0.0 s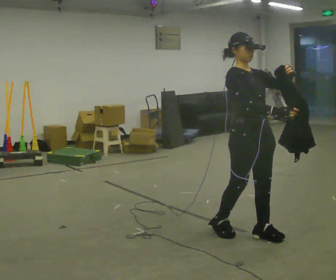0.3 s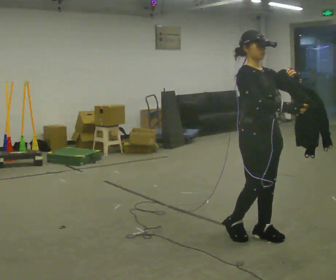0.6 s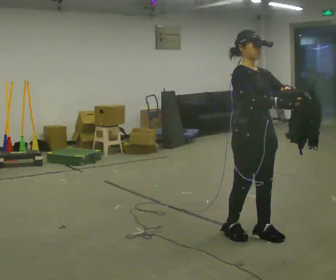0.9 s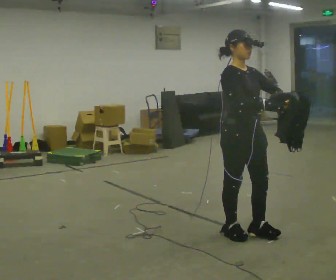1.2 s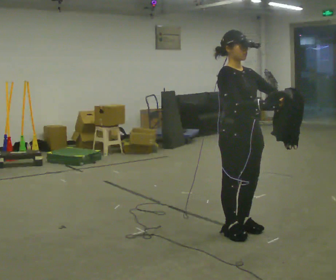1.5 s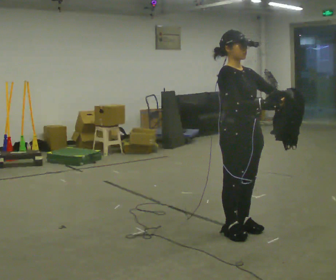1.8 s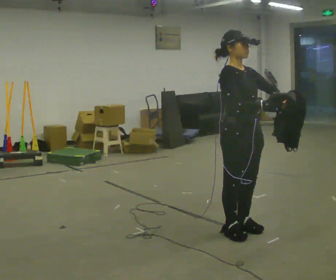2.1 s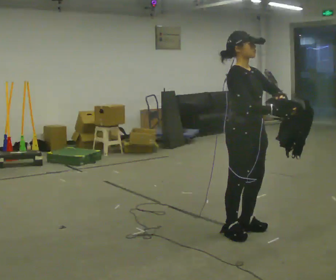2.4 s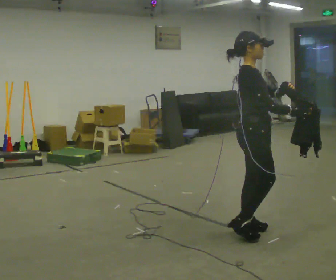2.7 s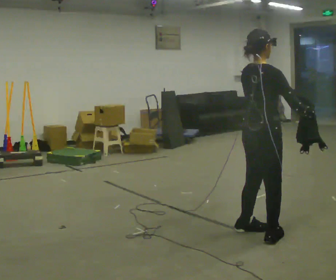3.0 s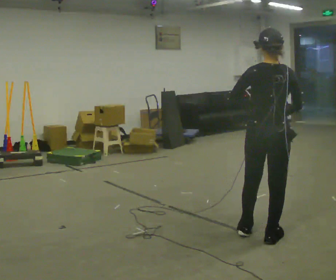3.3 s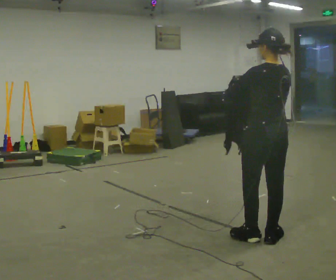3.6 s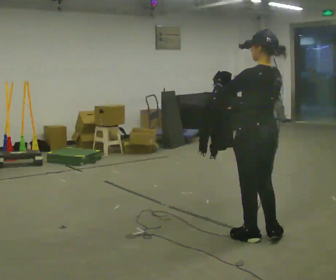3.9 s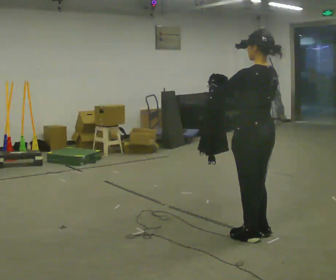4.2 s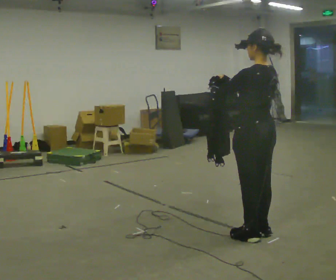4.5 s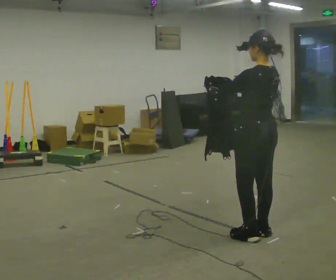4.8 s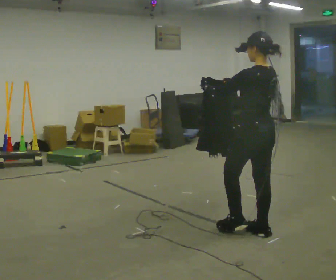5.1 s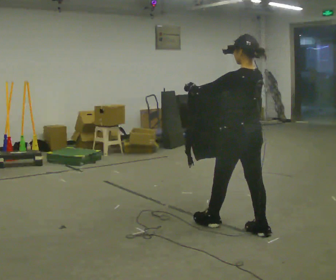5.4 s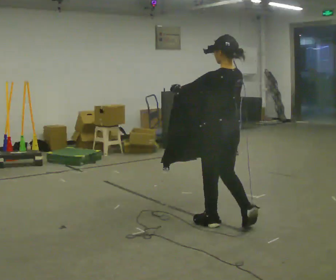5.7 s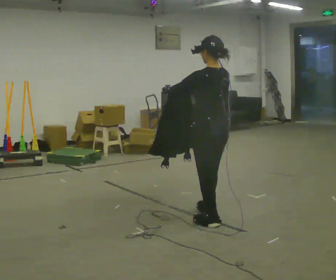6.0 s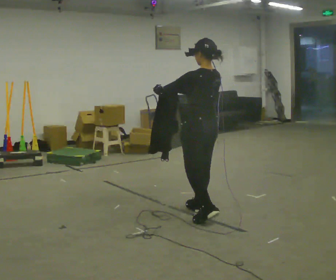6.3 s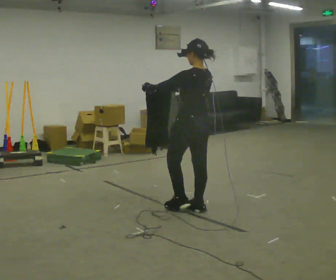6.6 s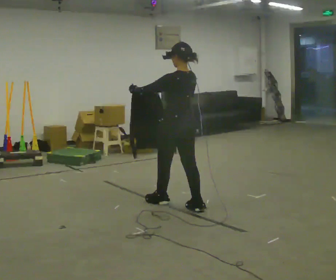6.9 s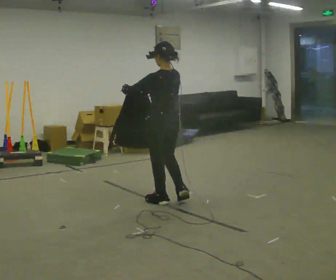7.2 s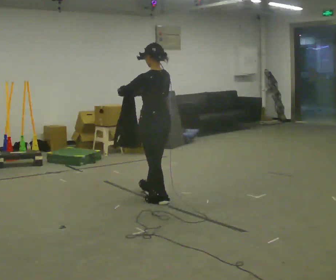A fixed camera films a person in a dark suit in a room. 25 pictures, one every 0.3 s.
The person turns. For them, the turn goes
to their left.
The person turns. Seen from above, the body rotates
counterclockwise.
0.0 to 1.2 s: The person moves a little, or ends about where they began.
1.2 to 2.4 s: The person turns about 45 degrees to their left, counterclockwise seen from above, so the part of the body nearest the lens slides to the right.
2.4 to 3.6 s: The person turns about 135 degrees to their left, counterclockwise seen from above, so the part of the body nearest the lens slides to the right. In the picture their right hand goes to the left, the arm swinging clockwise.
3.6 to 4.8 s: In the picture they go away from the camera, about 0.25 m, which for them is forward.
4.8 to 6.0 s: In the picture they go to the left and away from the camera, about 0.75 m in 2 steps, which for them is forward.
6.0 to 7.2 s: In the picture they go to the left and away from the camera, about 0.75 m in 1 step, which for them is forward.
The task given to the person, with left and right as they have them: Carry the cloth and, while walking, fold it in half, then unfold it. Keep repeating as you walk. Do not stop.
The film runs forward here.
